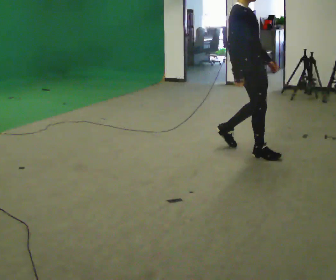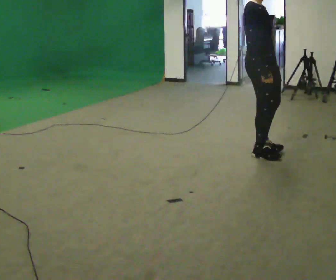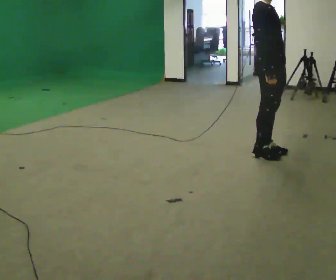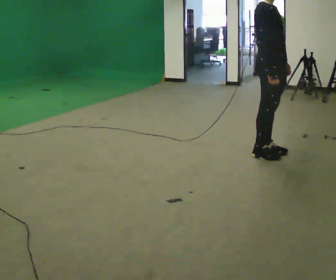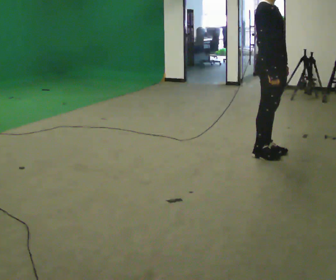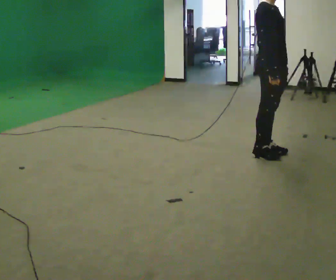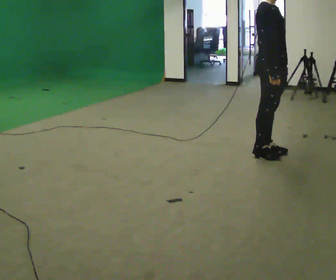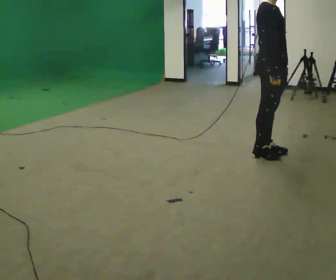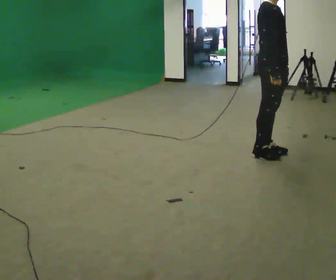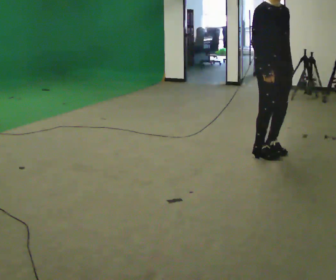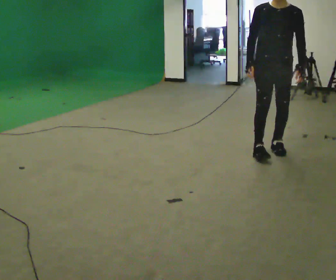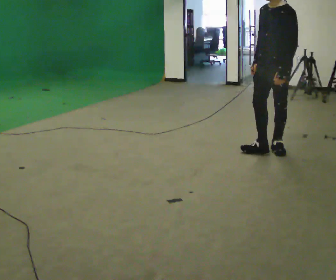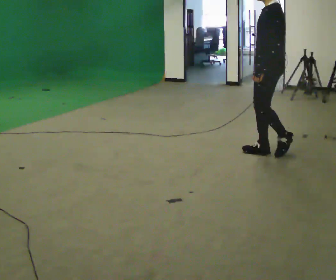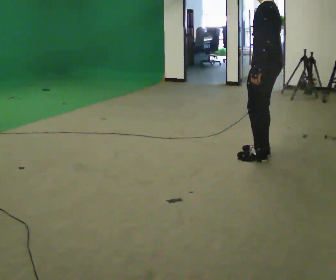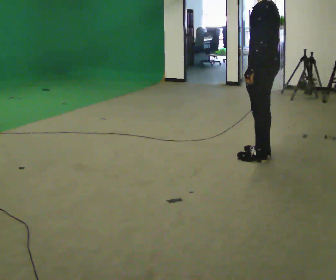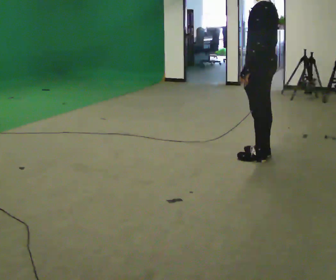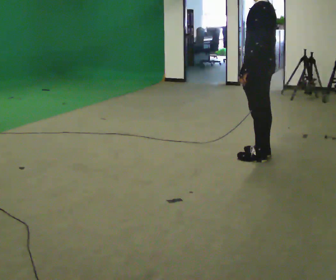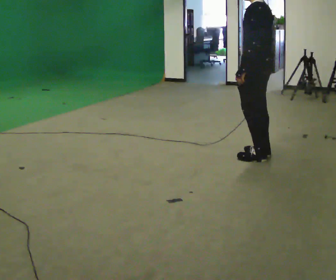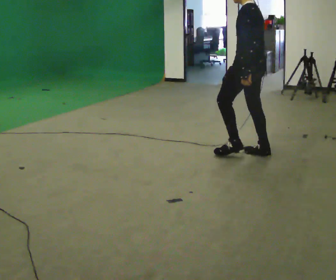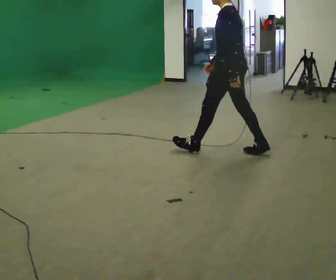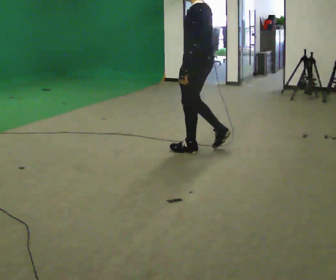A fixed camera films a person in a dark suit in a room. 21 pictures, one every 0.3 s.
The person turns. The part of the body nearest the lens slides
to the left.
The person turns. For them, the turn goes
to their right.
0.0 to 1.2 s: In the picture they go to the right, about 0.25 m in 1 step, which for them is forward.
1.2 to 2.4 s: The person keeps their place and pose.
2.4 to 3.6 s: Seen from above the body turns clockwise, about 150 degrees: to their right, with its near side sliding to the left.
3.6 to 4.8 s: The part of the body nearest the lens slides to the left as the person turns to their right by about 30 degrees.
4.8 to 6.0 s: In the picture they go to the left, about 0.5 m in 1 step, which for them is forward.
The film runs forward here.
